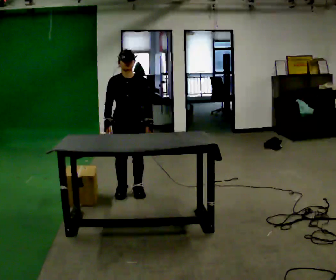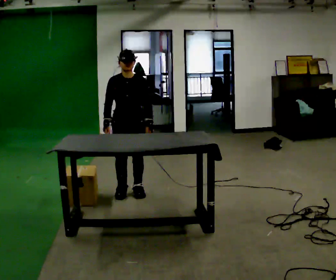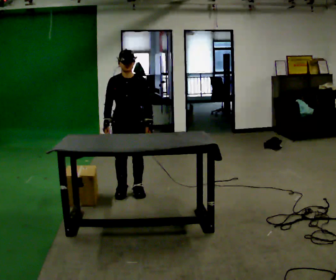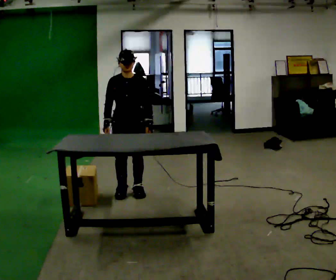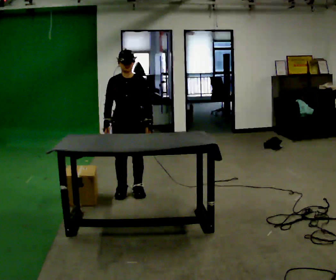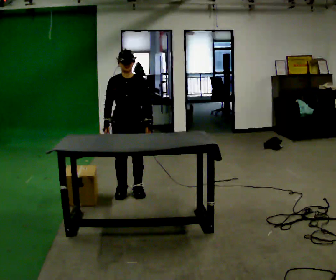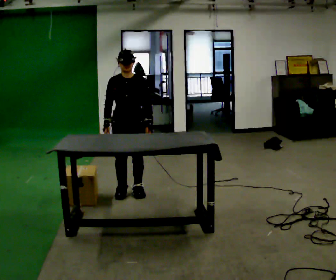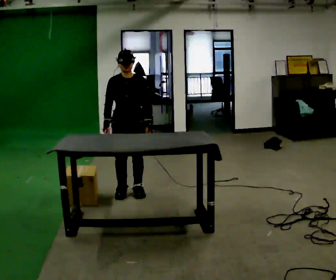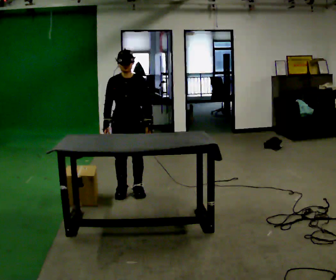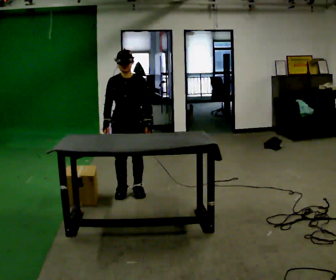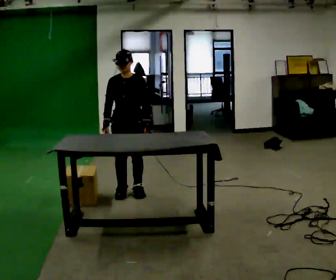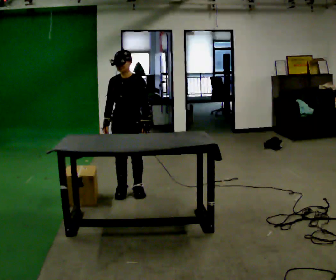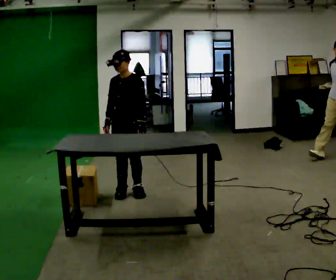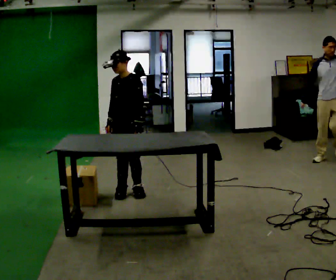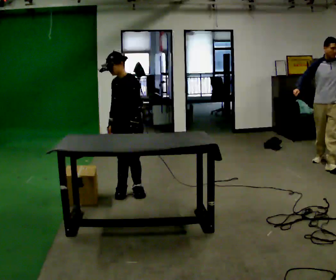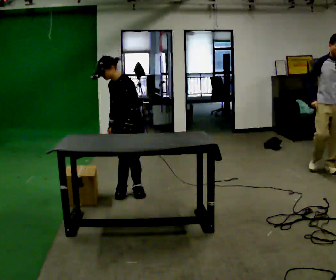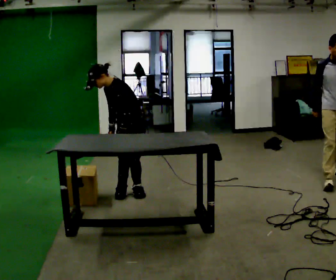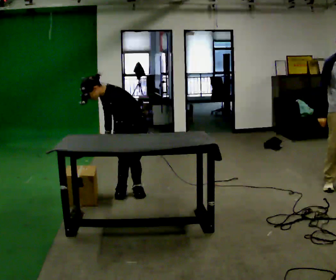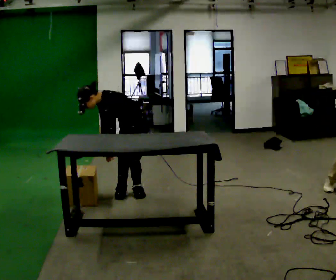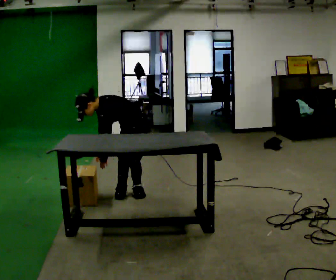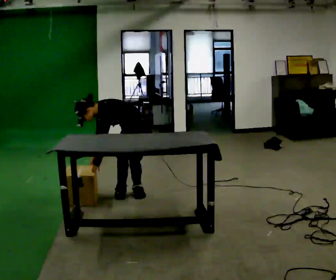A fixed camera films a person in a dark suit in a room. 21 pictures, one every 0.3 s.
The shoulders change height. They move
downward.
The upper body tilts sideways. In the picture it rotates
counterclockwise.
0.0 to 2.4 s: The person keeps their place and pose.
2.4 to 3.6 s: Seen from above the body turns clockwise, about 30 degrees: to their right, with its near side sliding to the left.
3.6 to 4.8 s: In the picture the upper body tilts counterclockwise, shoulders to the left, as they bend forward.
4.8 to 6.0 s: The shoulders move downward. In the picture the upper body tilts counterclockwise, shoulders to the left, as they bend forward.
The film runs forward here.
